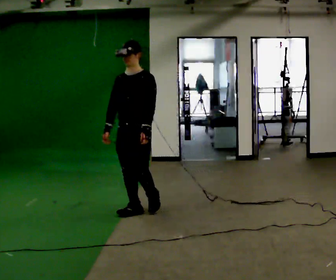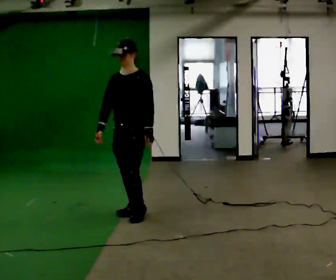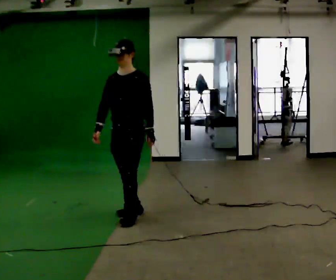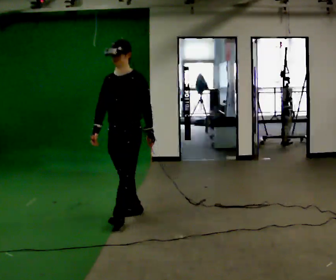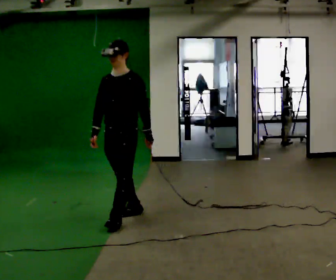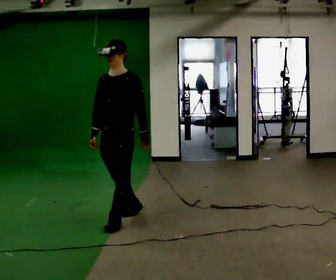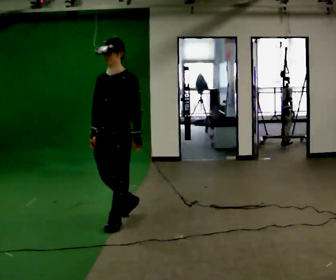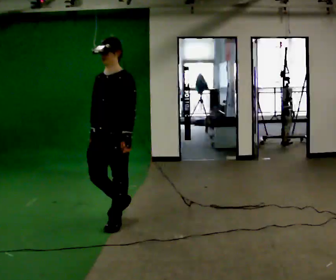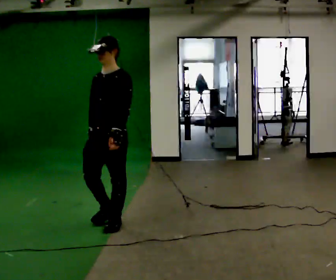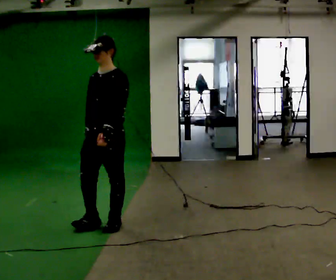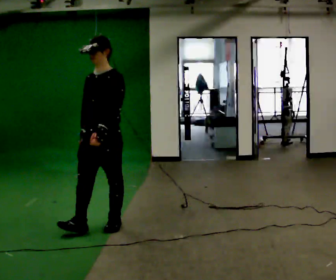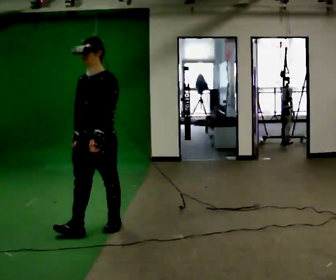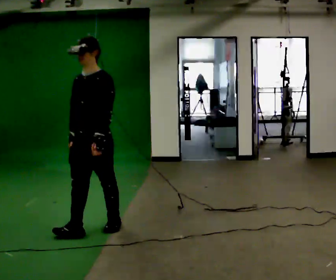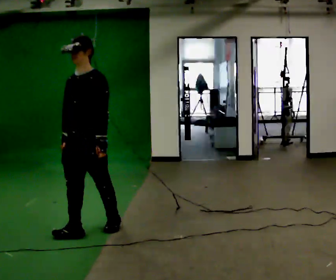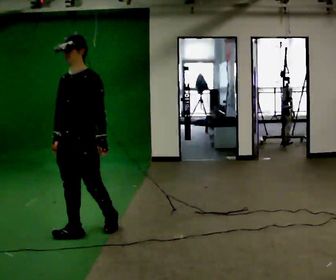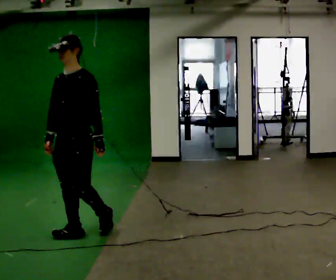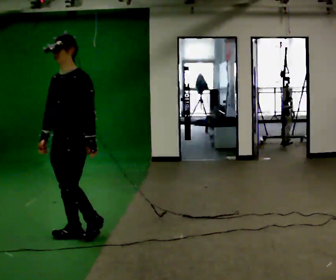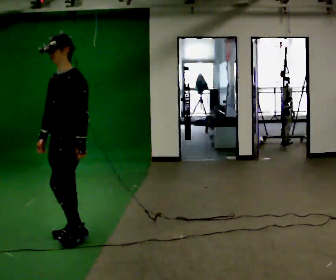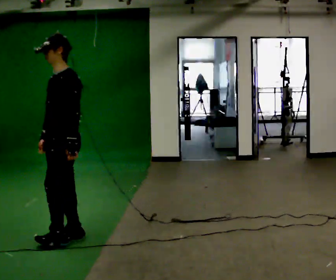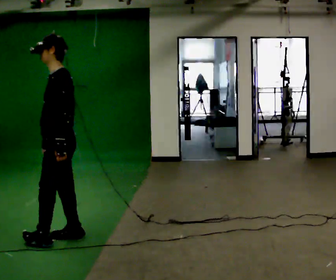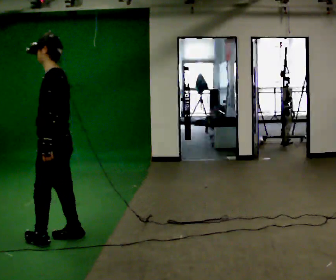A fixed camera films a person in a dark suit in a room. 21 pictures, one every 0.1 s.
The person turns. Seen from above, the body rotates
clockwise.
The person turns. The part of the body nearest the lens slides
to the left.
0.0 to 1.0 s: In the picture they go toward the camera and to the left, about 0.5 m in 1 step, which for them is forward.
1.0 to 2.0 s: Seen from above the body turns clockwise, about 60 degrees: to their right, with its near side sliding to the left. In the picture they go to the left and toward the camera, about 0.5 m in 2 steps, which for them is forward.
The film runs forward here.
